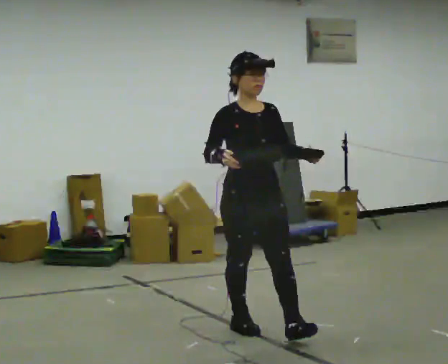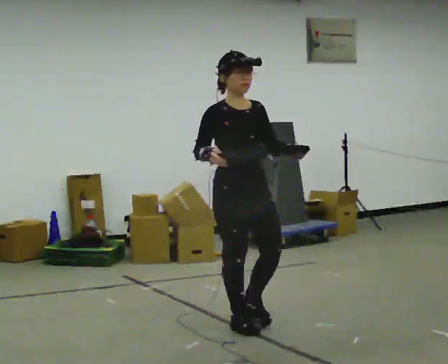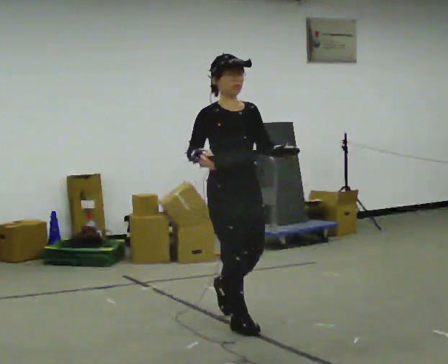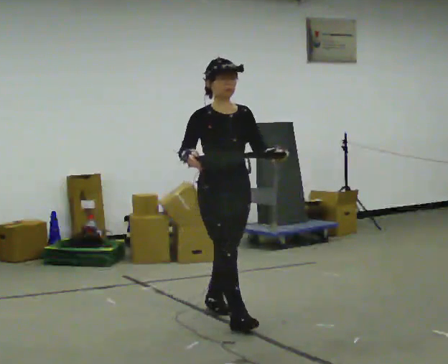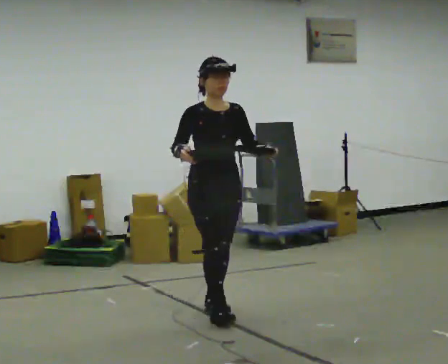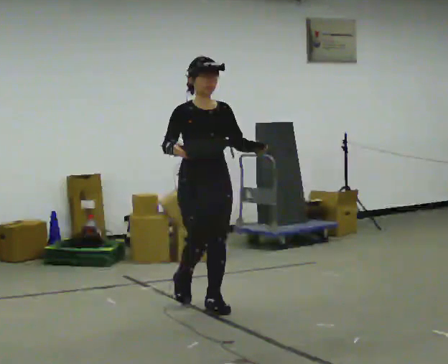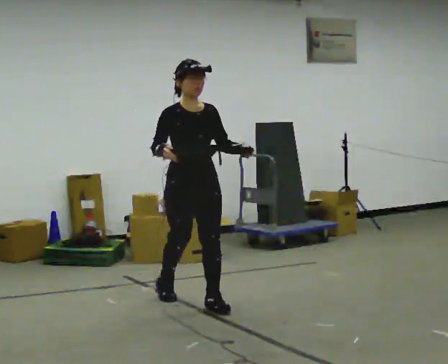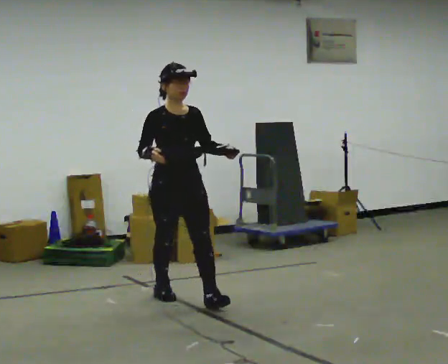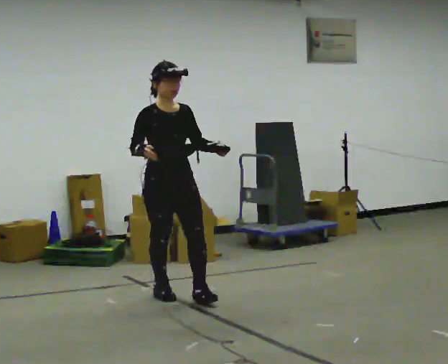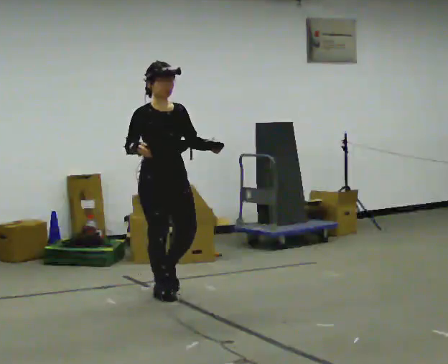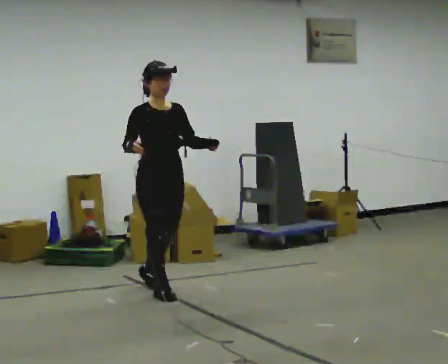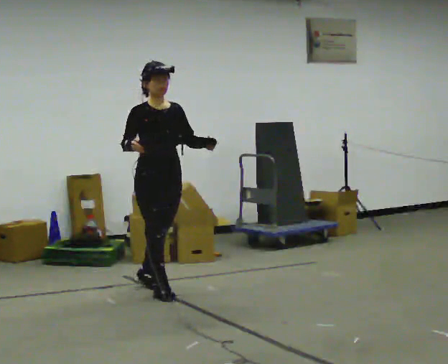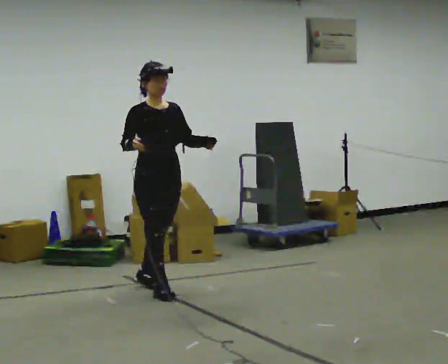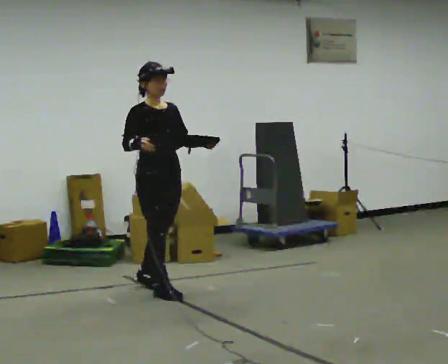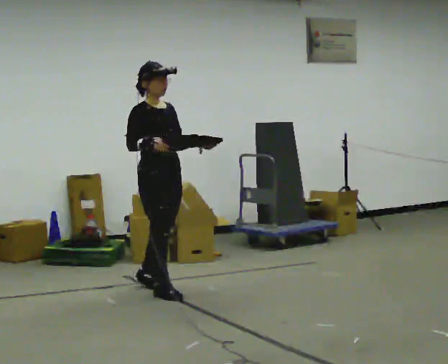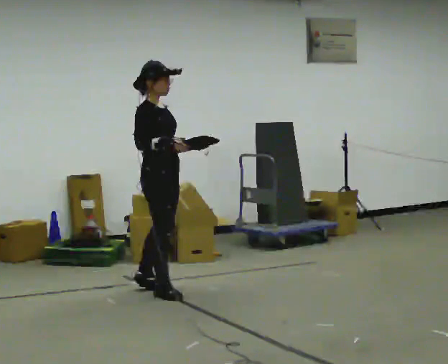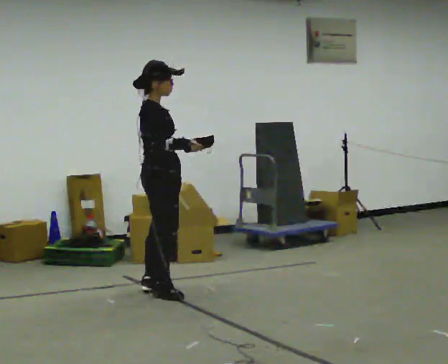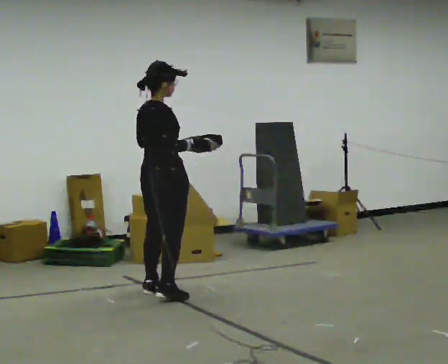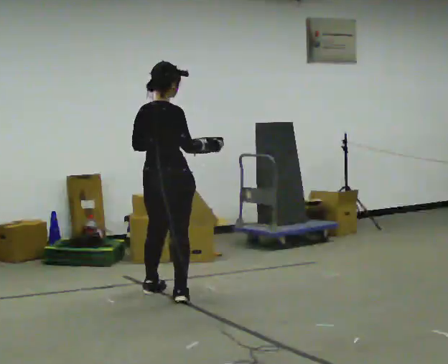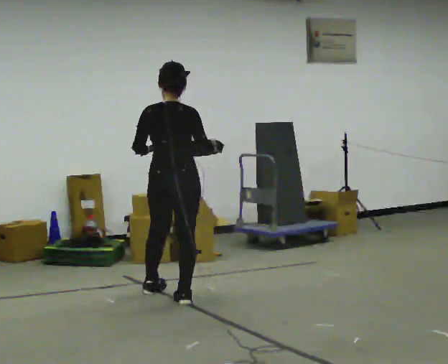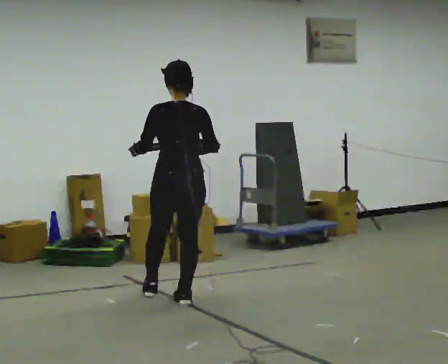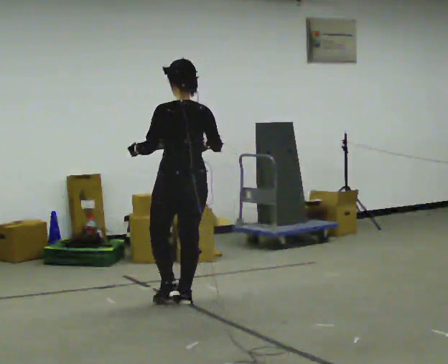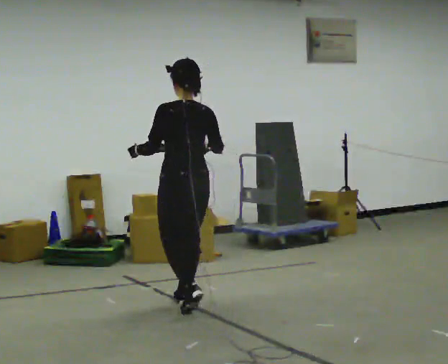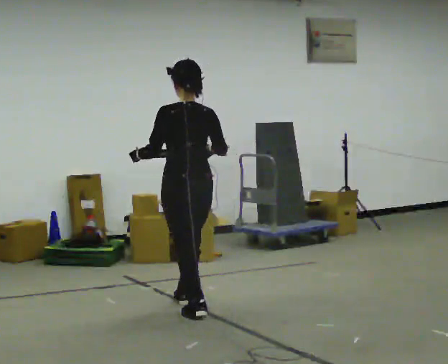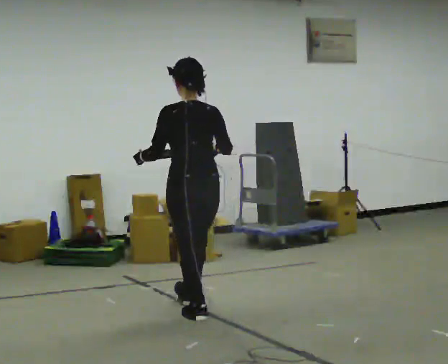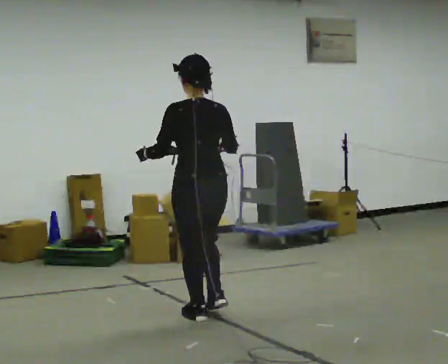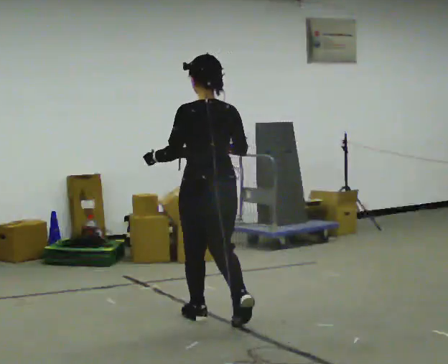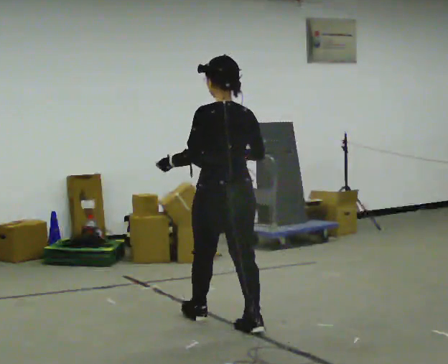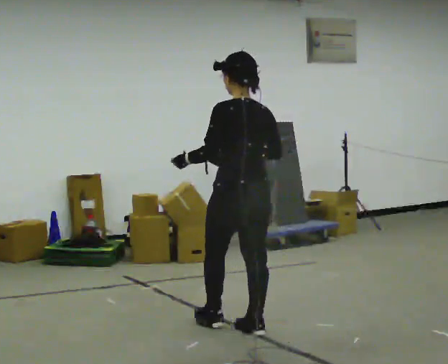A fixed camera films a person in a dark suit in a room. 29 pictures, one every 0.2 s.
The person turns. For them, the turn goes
to their left.
The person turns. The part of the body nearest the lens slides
to the right.
0.0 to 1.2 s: In the picture they go away from the camera and to the left, about 1 m in 1 step, which for them is backward.
1.2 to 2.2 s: In the picture they go away from the camera and to the left, about 0.5 m in 1 step, which for them is backward.
2.2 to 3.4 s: The person turns about 90 degrees to their left, counterclockwise seen from above, so the part of the body nearest the lens slides to the right. In the picture their left hand goes to the left.
3.4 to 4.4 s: The person turns about 75 degrees to their left, counterclockwise seen from above, so the part of the body nearest the lens slides to the right. In the picture they go toward the camera and to the right, about 0.5 m in 1 step.
4.4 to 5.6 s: In the picture they go toward the camera and to the right, about 1 m in 2 steps, which for them is backward.
The film runs backward here.
